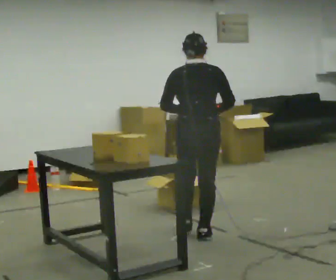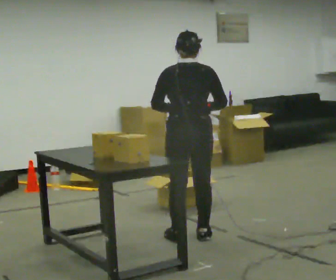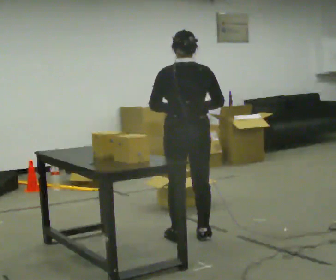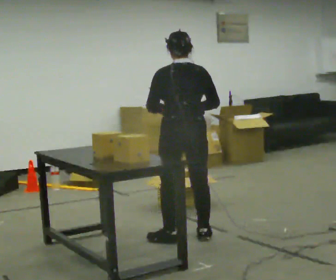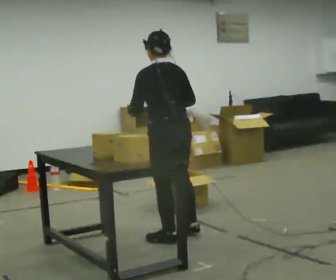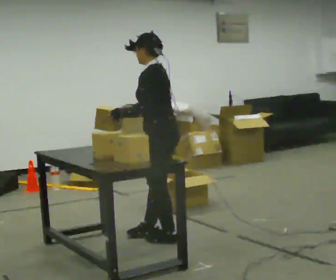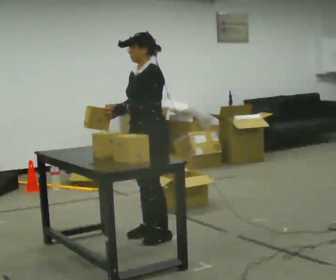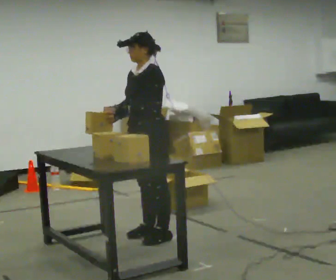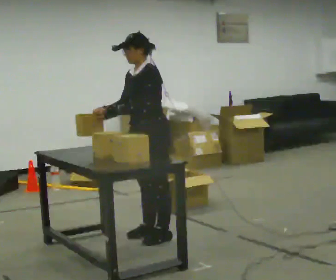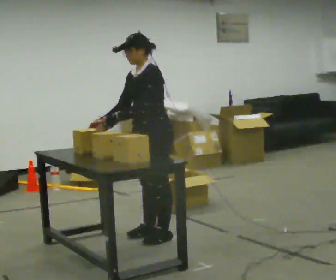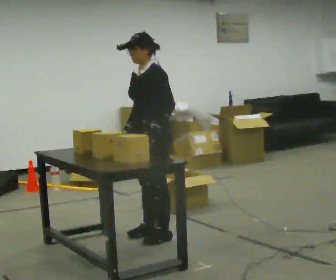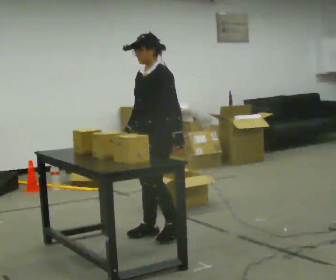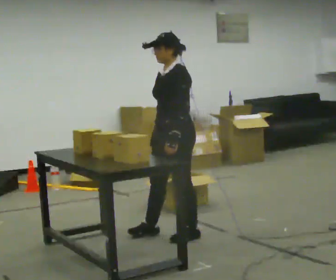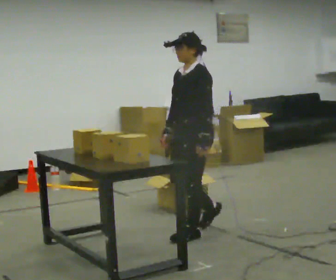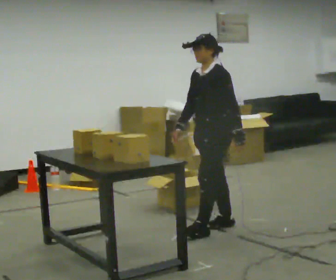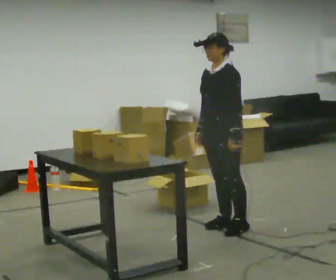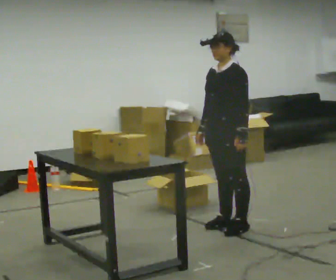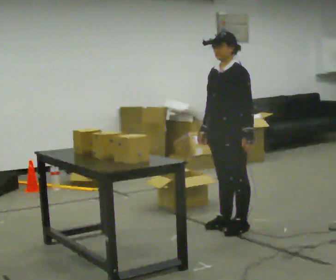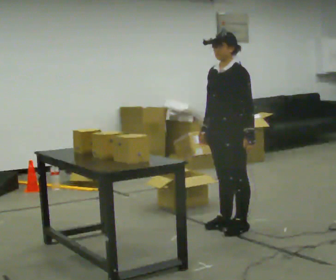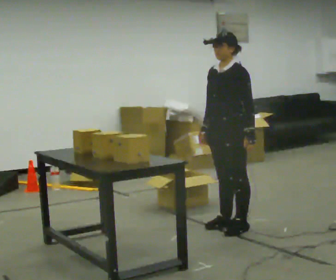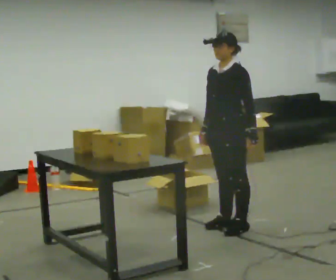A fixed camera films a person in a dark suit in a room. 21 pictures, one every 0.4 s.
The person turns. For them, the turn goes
to their left.
The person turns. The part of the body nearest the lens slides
to the right.
0.0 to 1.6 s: The person turns about 45 degrees to their left, counterclockwise seen from above, so the part of the body nearest the lens slides to the right. In the picture they go to the left and toward the camera, about 0.25 m in 1 step, which for them is to their left and backward.
1.6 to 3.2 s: The part of the body nearest the lens slides to the right as the person turns to their left by about 75 degrees. In the picture their right hand goes to the left.
3.2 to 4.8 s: In the picture they go to the right, about 0.25 m in 1 step, which for them is backward. In the picture their right hand goes to the right.
4.8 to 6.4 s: In the picture they go to the right, about 0.5 m in 2 steps, which for them is backward.
6.4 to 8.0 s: The person moves a little, or ends about where they began.
The film runs backward here.
